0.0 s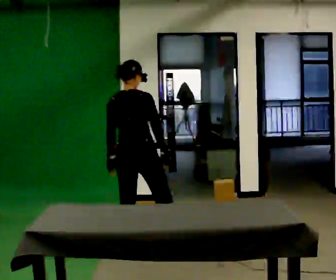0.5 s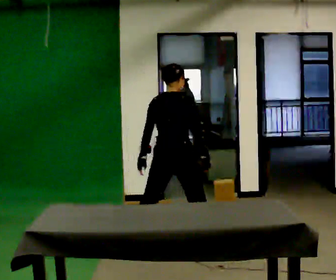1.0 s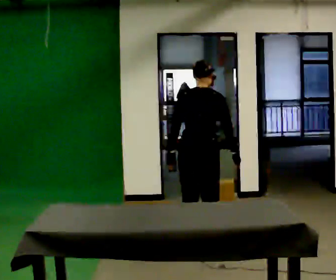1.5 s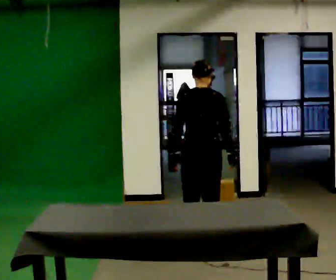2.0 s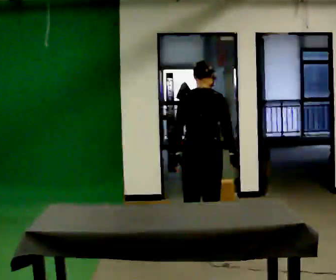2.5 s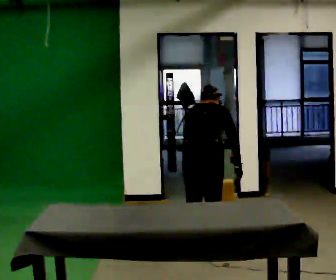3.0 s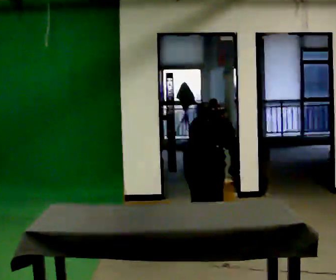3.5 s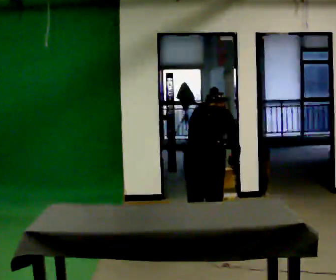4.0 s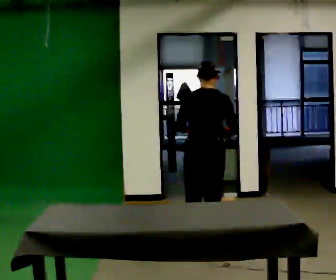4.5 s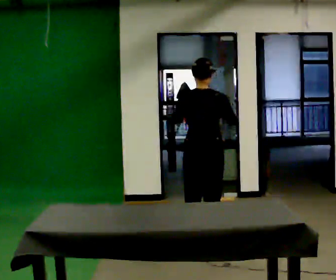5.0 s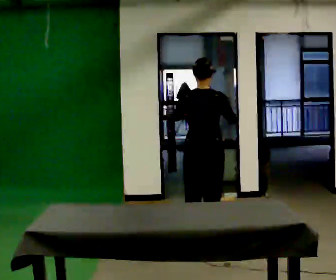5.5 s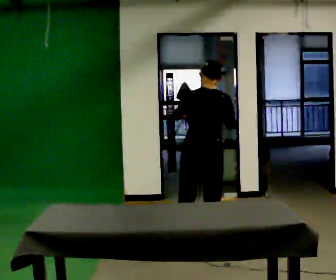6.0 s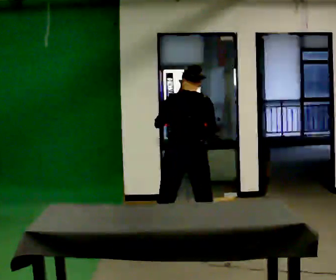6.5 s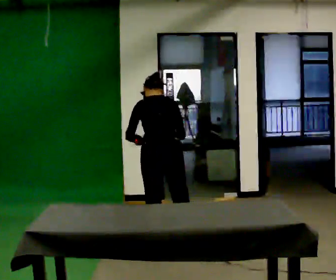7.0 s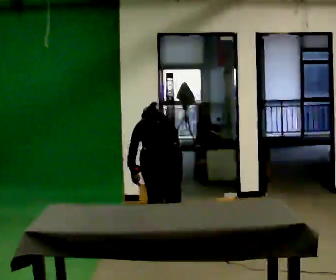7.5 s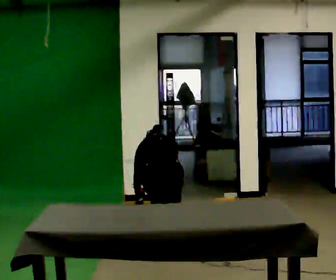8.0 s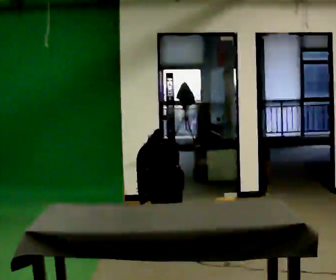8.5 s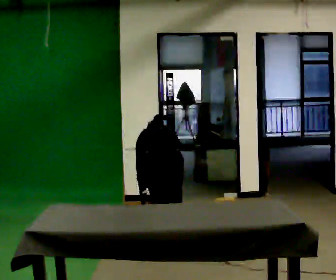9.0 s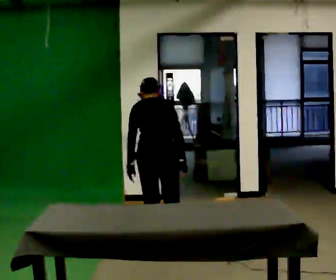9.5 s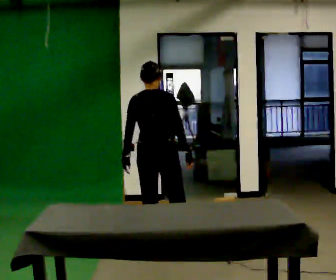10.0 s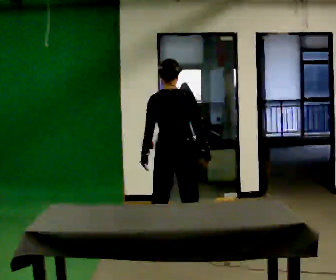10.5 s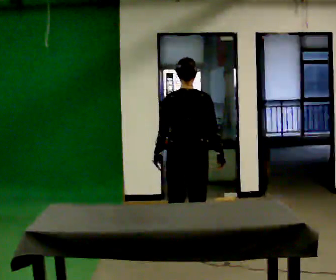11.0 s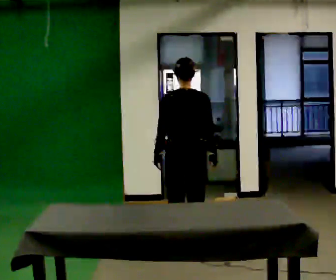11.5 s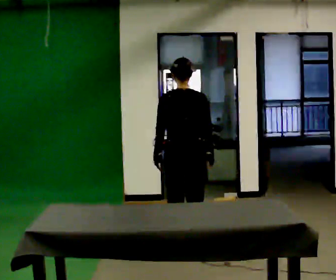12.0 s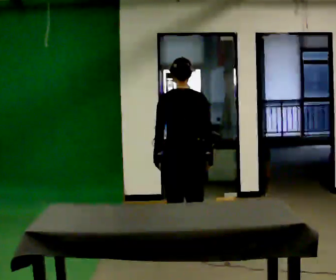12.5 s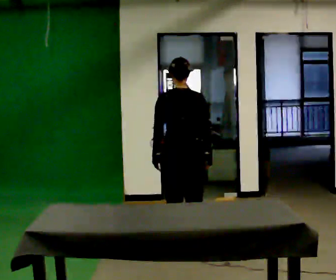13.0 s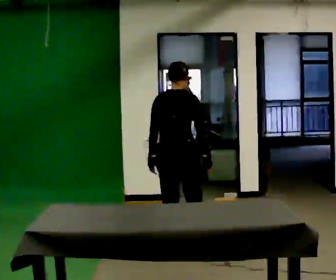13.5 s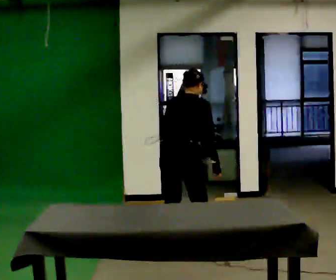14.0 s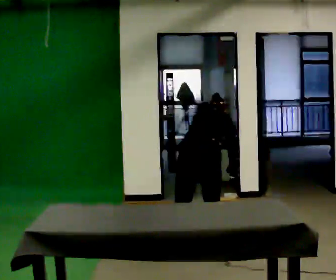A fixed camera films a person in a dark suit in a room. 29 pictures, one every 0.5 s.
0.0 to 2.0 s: In the picture they go to the right, about 0.5 m in 2 steps, which for them is to their right.
2.0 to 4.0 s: The person moves a little, or ends about where they began.
4.0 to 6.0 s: In the picture they go to the left, about 0.25 m in 1 step, which for them is to their left.
6.0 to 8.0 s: In the picture they go to the left, about 0.25 m in 1 step, which for them is to their left. The shoulders move downward. The upper body tips away from the camera, its near side rolling upward, as they bend forward. In the picture their left hand goes downward.
8.0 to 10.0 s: The upper body goes upward. The upper body tips toward the camera, its near side rolling downward, as they lean back or straighten. In the picture their right hand goes upward and to the right.
10.0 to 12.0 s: The person moves a little, or ends about where they began.
12.0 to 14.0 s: The upper body goes downward. The upper body tips away from the camera, its near side rolling upward, as they bend forward. In the picture their left hand goes to the right.
The film runs forward here.
